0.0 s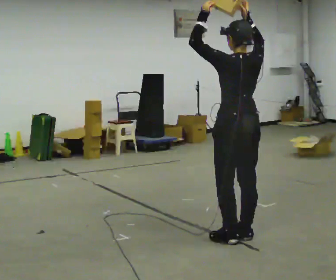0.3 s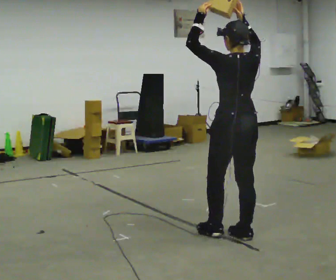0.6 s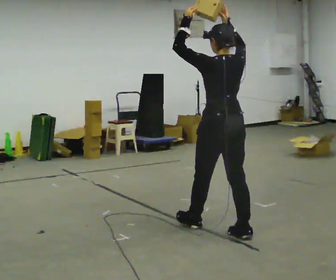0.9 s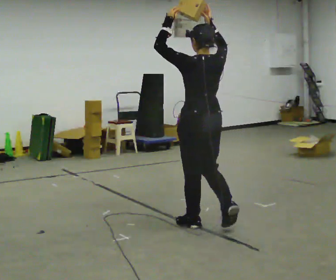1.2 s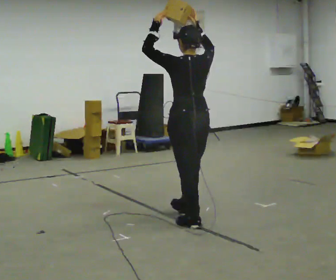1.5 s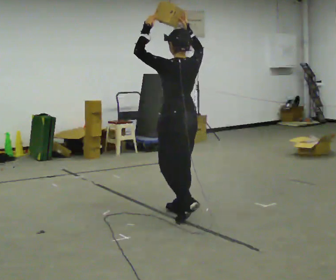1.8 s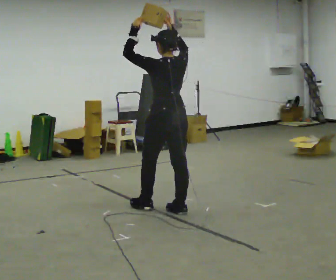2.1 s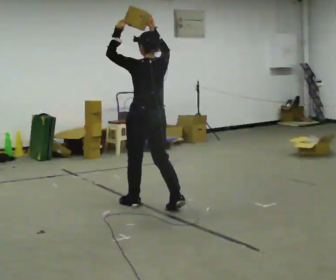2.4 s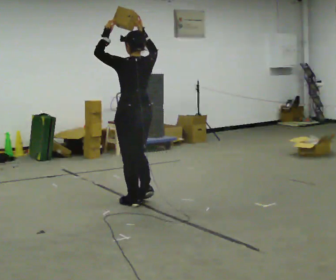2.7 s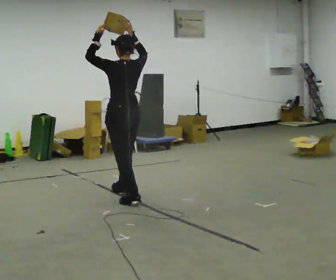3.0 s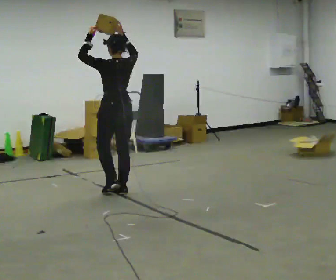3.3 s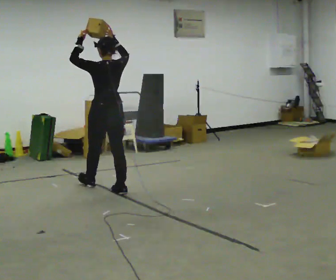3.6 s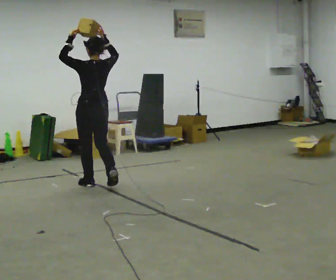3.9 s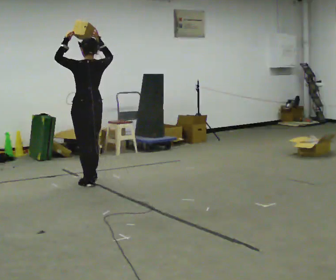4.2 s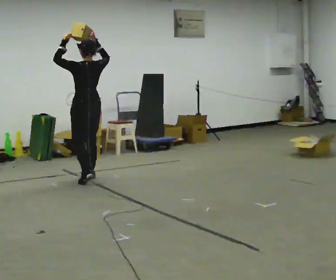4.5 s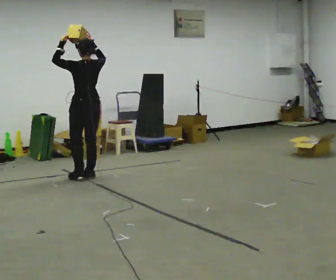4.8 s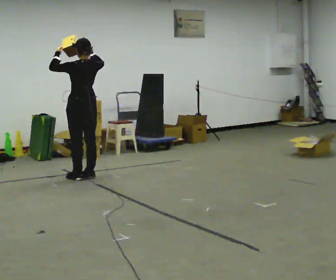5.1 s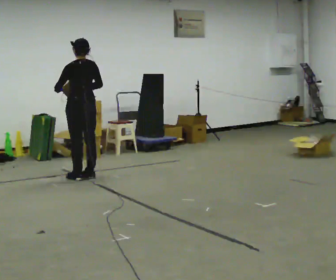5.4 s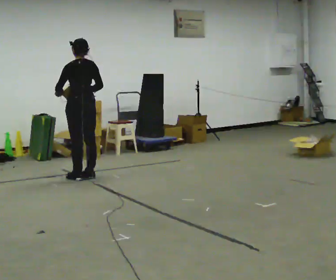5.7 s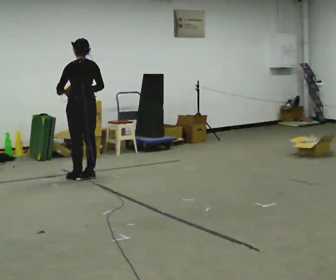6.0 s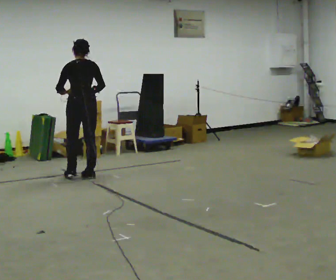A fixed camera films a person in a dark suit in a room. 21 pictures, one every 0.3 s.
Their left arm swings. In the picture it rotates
counterclockwise.
Their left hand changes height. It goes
downward.
0.0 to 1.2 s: In the picture they go away from the camera and to the left, about 0.5 m in 1 step, which for them is forward.
1.2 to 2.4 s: In the picture they go away from the camera and to the left, about 1 m in 2 steps, which for them is forward.
2.4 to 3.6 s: In the picture they go away from the camera and to the left, about 1 m in 2 steps, which for them is forward.
3.6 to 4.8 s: In the picture they go away from the camera, about 0.5 m in 2 steps, which for them is forward.
4.8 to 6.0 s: In the picture their right hand goes downward.
The film runs forward here.
